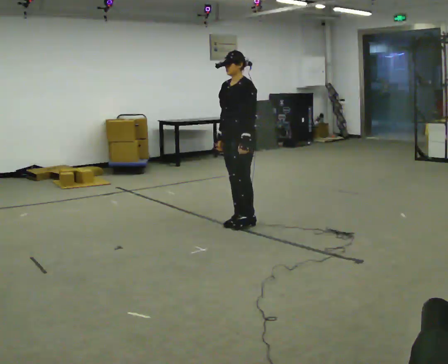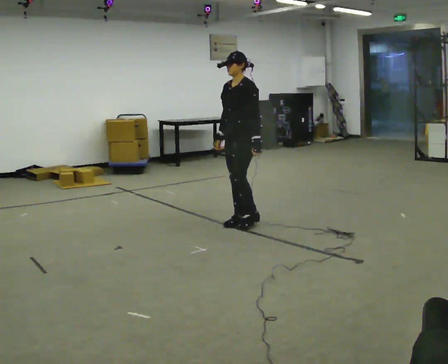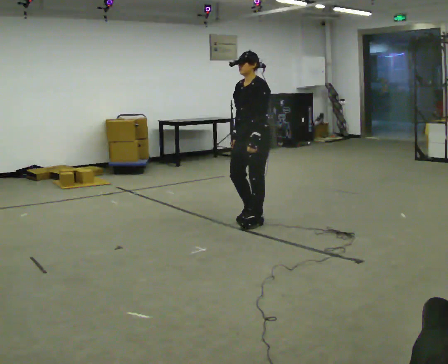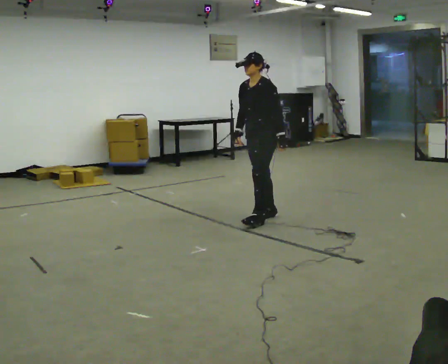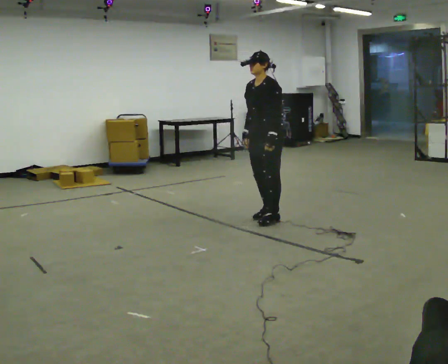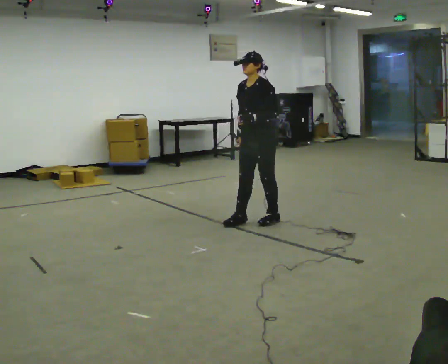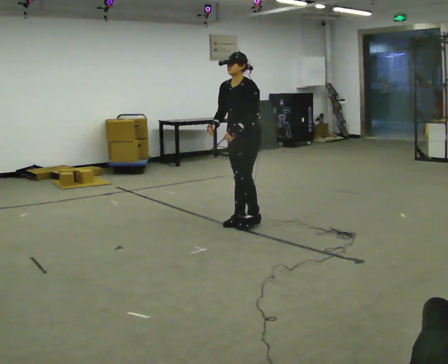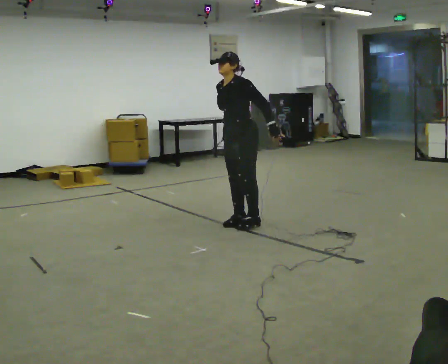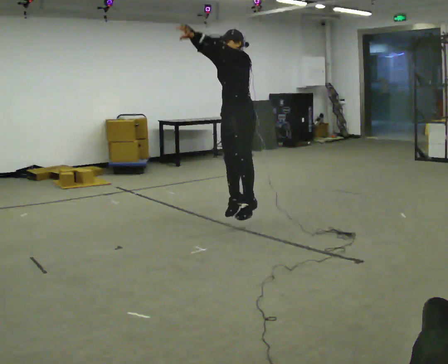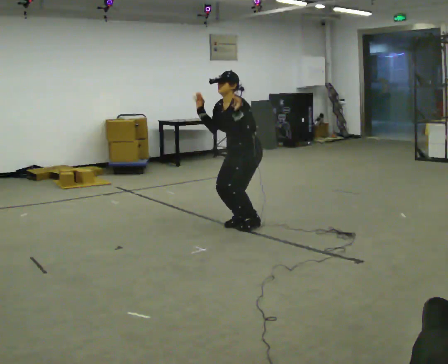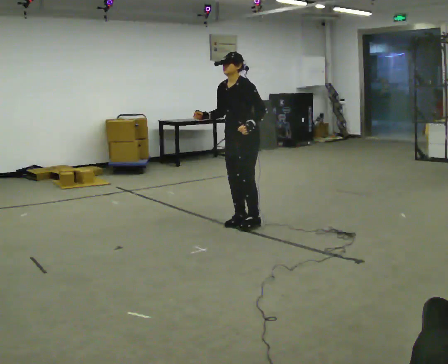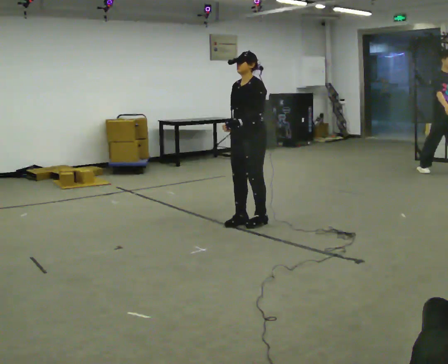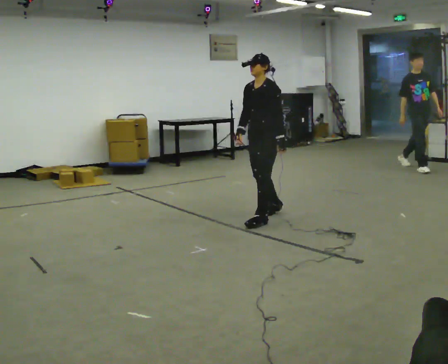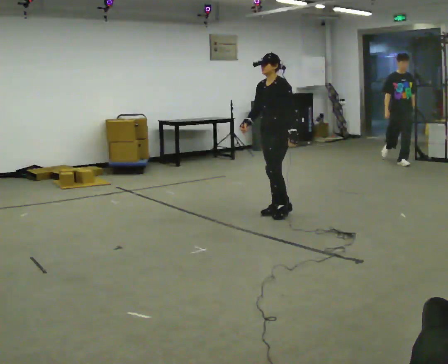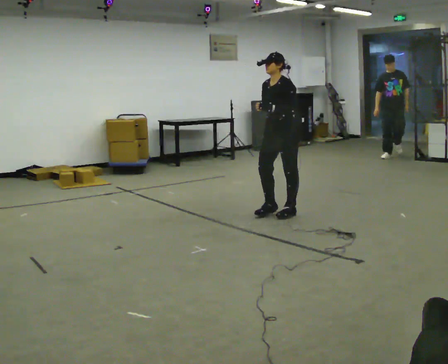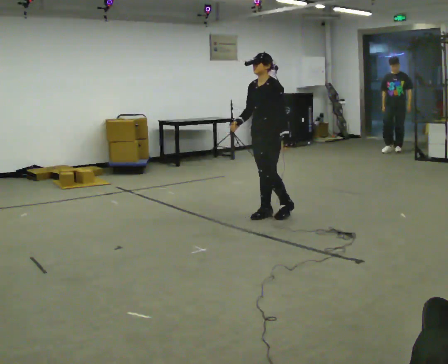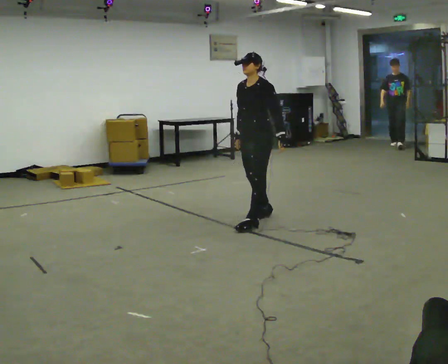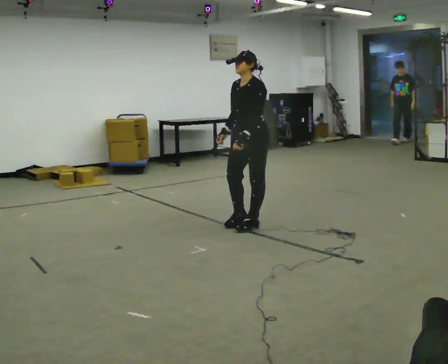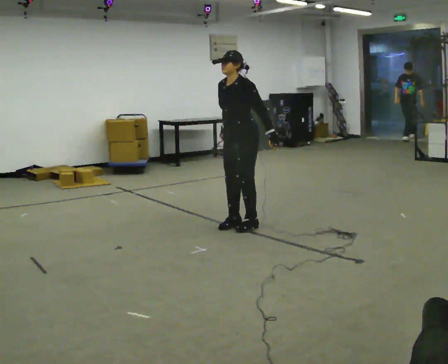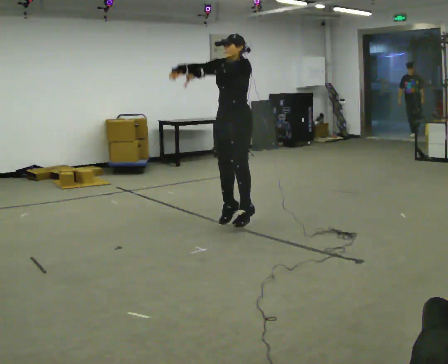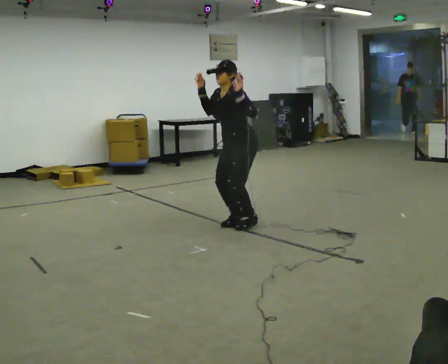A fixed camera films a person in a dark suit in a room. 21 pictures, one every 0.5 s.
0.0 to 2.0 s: In the picture they go to the right, about 0.25 m in 1 step, which for them is backward.
2.0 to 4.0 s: In the picture they go to the left and toward the camera, about 0.25 m in 2 steps, which for them is forward. In the picture their left hand goes upward.
4.0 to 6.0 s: In the picture they go to the right and away from the camera, about 0.25 m in 1 step, which for them is backward. In the picture their left hand goes downward.
6.0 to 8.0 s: The person moves a little, or ends about where they began.
8.0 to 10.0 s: In the picture they go to the left and toward the camera, about 0.25 m in 1 step, which for them is forward. In the picture their left hand goes upward.
The film runs backward here.
